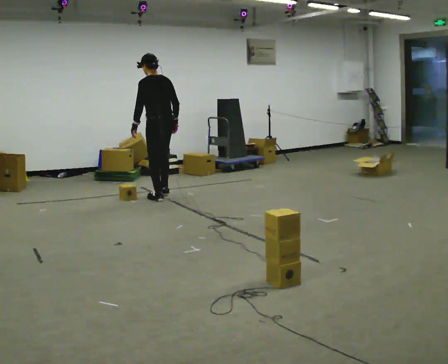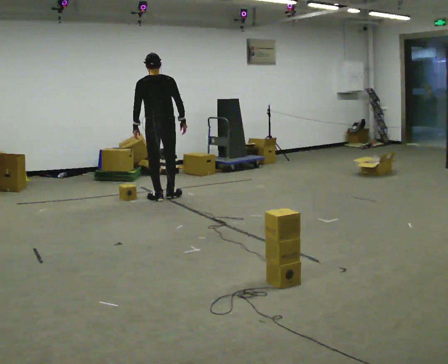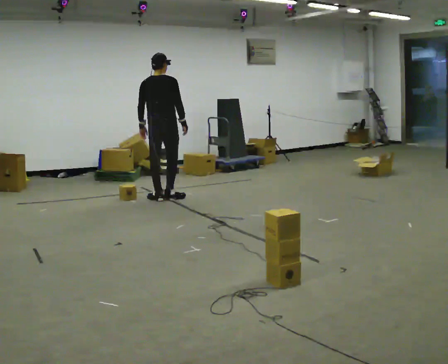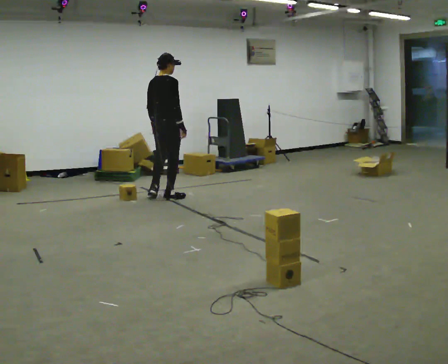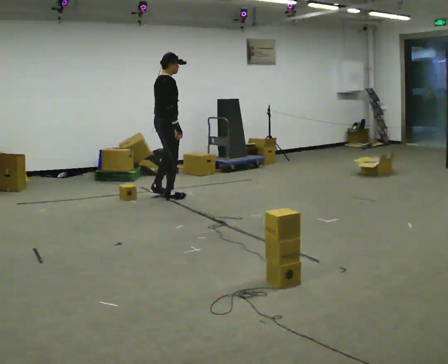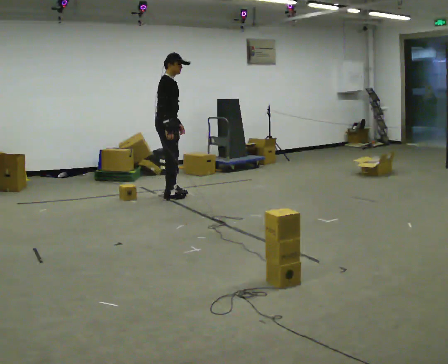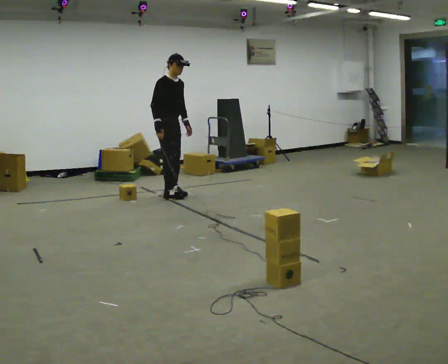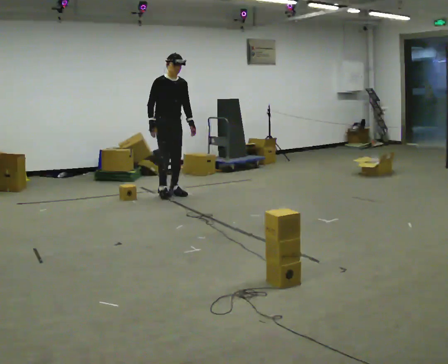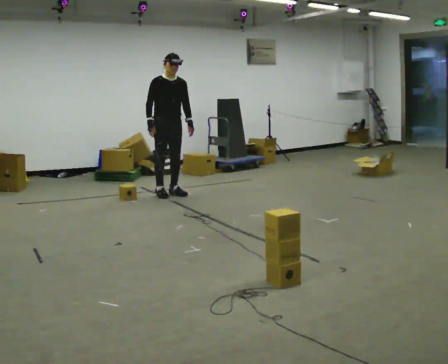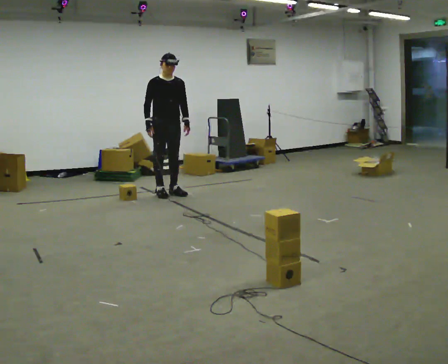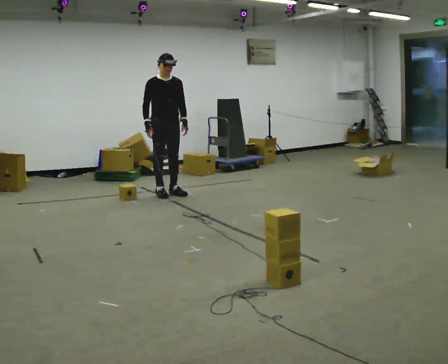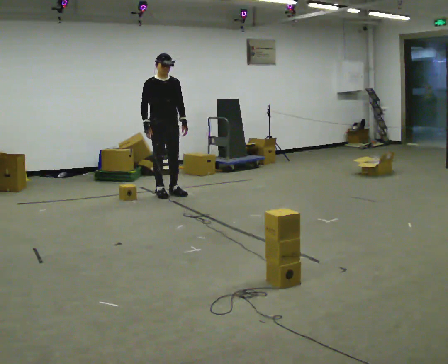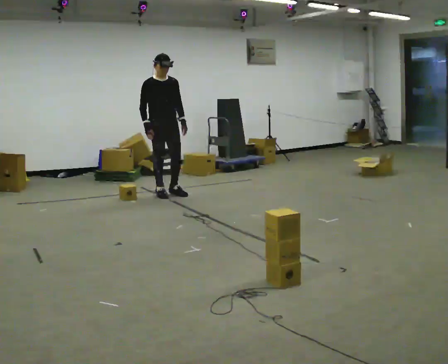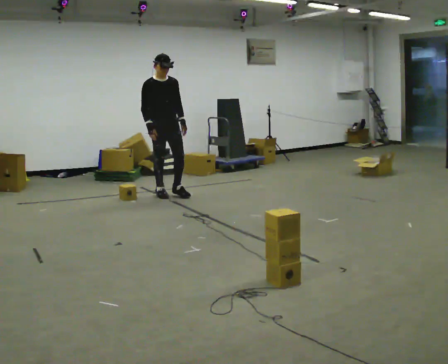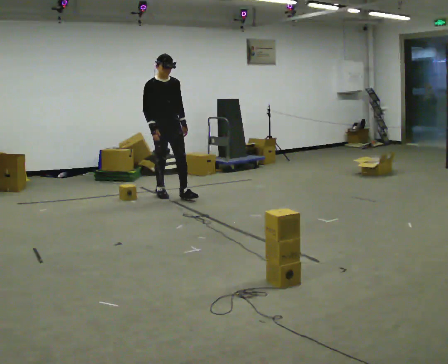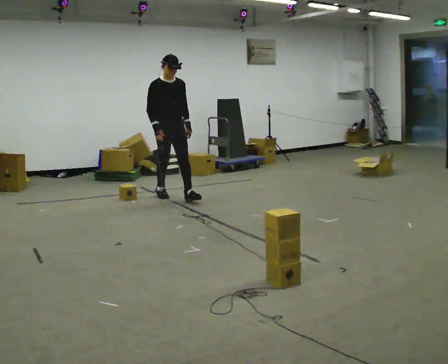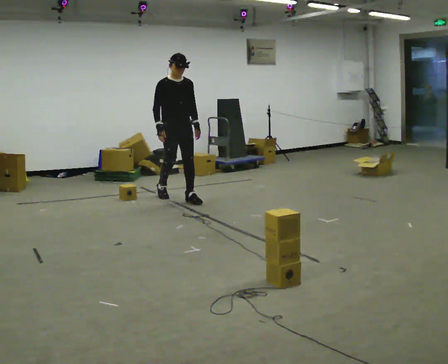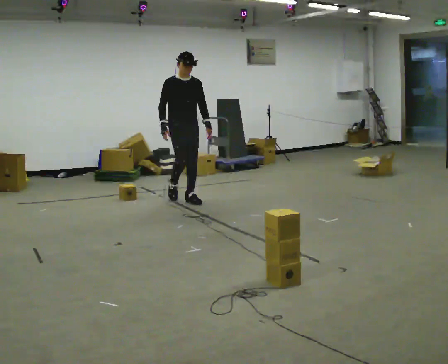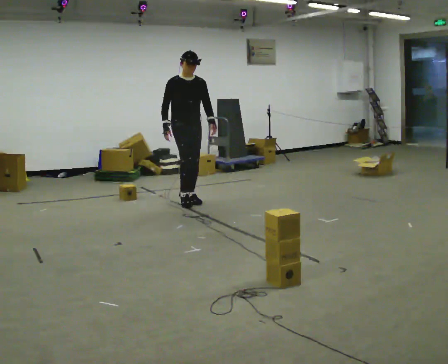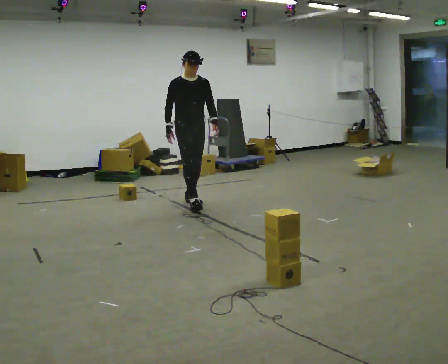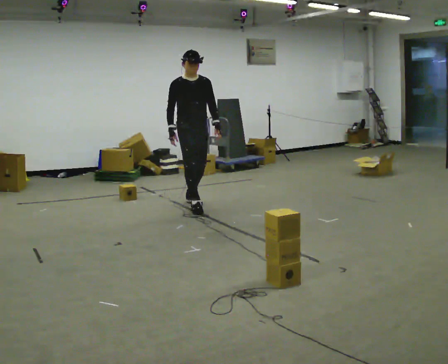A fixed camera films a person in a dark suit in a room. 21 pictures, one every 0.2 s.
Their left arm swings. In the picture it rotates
counterclockwise.
The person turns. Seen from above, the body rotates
clockwise.
0.0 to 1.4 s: The part of the body nearest the lens slides to the left as the person turns to their right by about 180 degrees. In the picture they go away from the camera, about 0.25 m in 2 steps.
1.4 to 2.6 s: The person moves a little, or ends about where they began.
2.6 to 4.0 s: In the picture they go toward the camera and to the right, about 0.75 m in 2 steps, which for them is forward.
The film runs forward here.
